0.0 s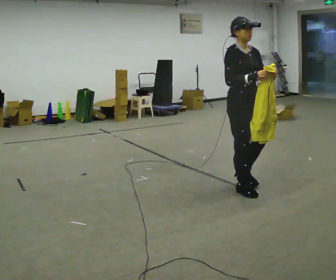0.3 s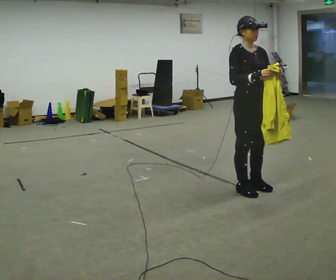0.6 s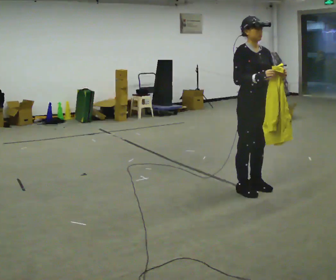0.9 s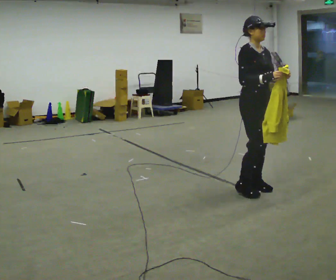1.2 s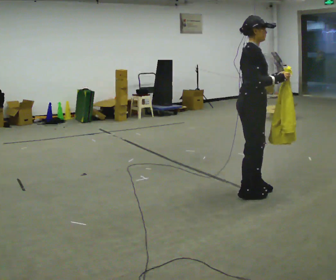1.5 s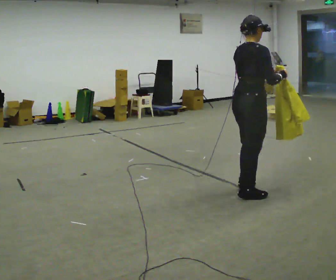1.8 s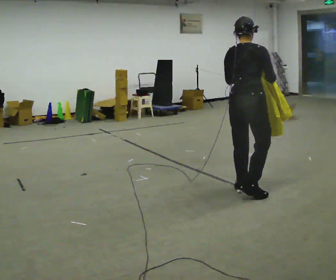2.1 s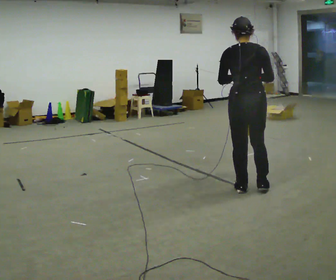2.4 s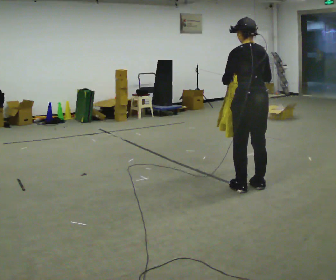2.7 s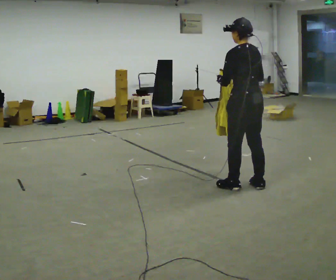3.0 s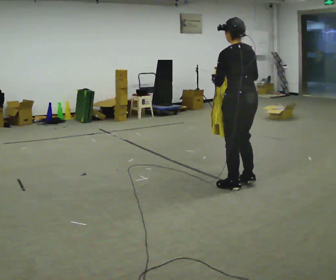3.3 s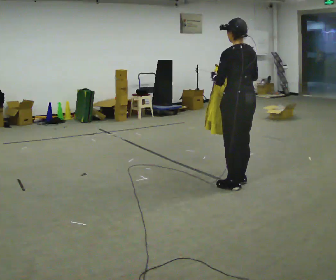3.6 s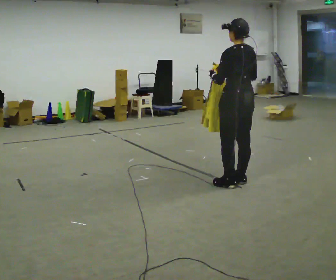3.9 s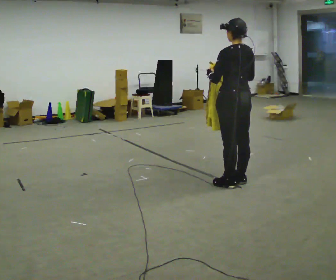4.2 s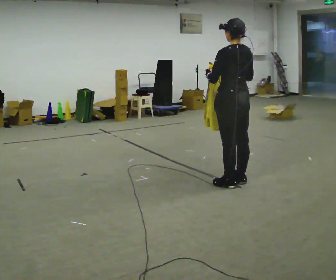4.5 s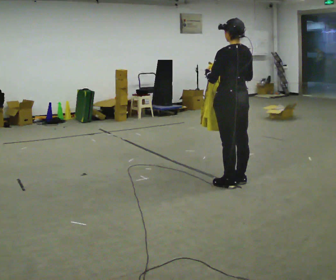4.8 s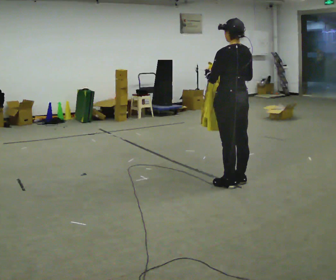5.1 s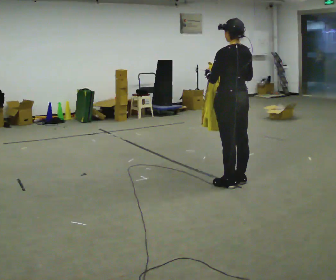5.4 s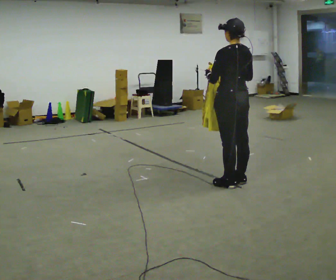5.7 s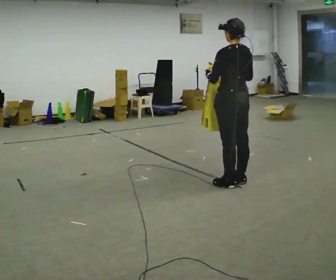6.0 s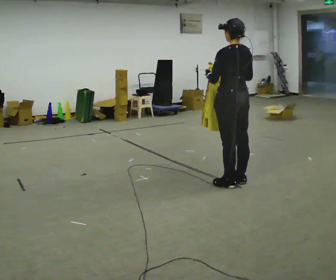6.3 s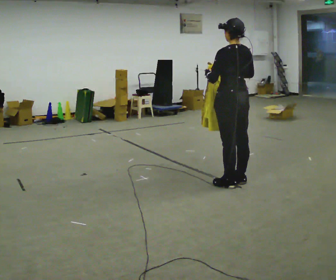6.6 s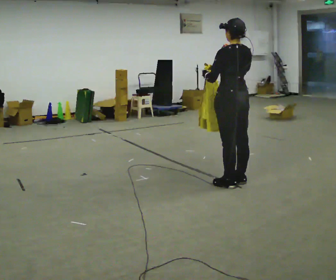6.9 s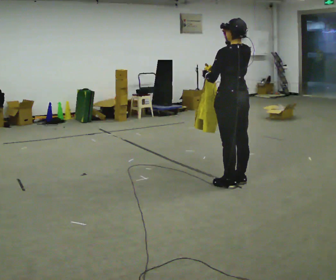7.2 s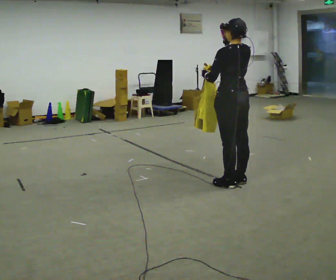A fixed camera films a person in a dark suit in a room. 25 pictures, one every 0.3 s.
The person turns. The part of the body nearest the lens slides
to the right.
The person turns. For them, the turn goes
to their left.
0.0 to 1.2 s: The person turns about 45 degrees to their left, counterclockwise seen from above, so the part of the body nearest the lens slides to the right.
1.2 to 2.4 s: Seen from above the body turns counterclockwise, about 120 degrees: to their left, with its near side sliding to the right. In the picture their left hand goes to the left.
2.4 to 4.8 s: In the picture they go to the left, about 0.25 m in 1 step, which for them is forward.
4.8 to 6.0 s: The person keeps their place and pose.
6.0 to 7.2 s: In the picture their right hand goes upward.
The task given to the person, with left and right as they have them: Carry the cloth and, while walking, fold it in half, then unfold it. Keep repeating as you walk. Do not stop.
The film runs forward here.
